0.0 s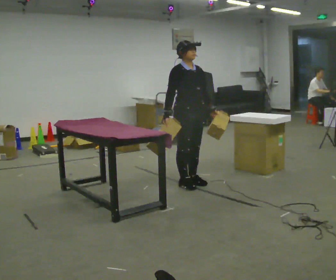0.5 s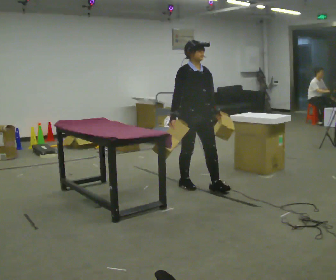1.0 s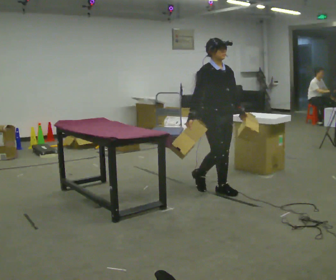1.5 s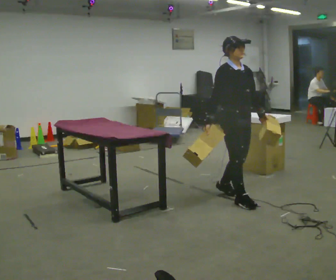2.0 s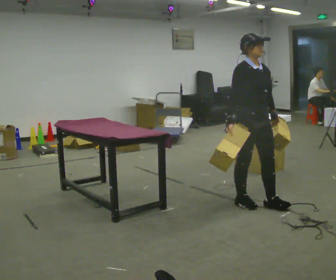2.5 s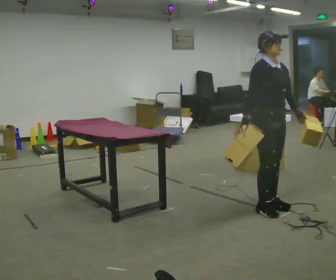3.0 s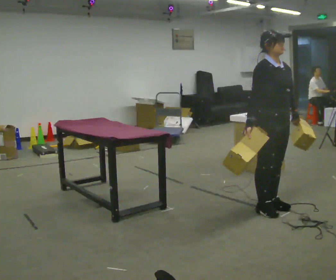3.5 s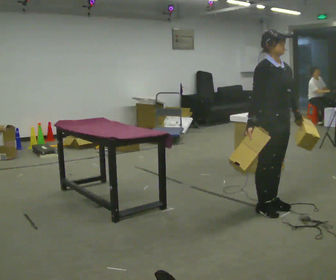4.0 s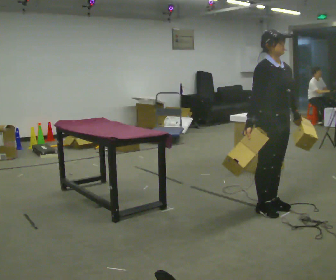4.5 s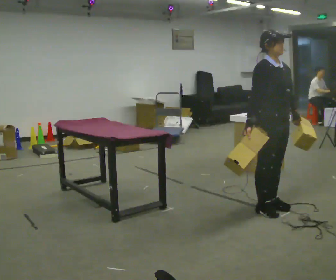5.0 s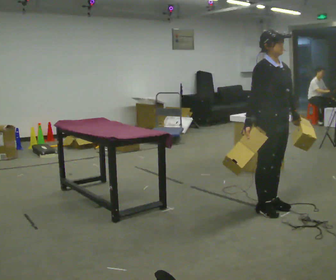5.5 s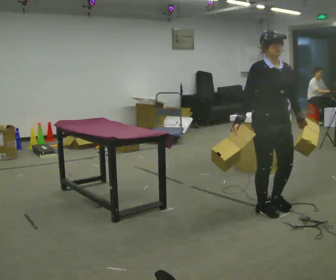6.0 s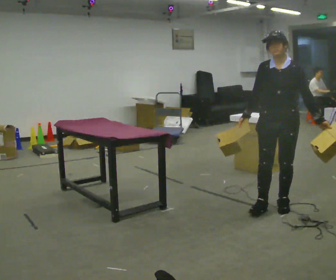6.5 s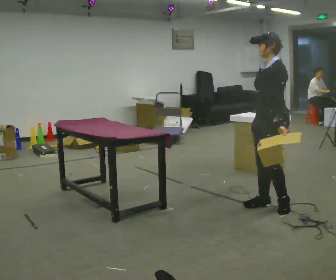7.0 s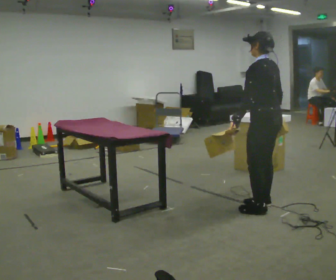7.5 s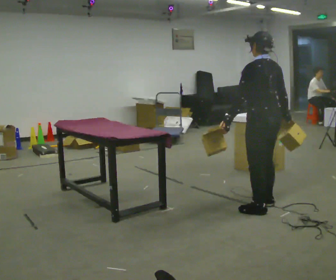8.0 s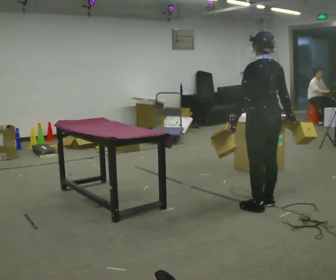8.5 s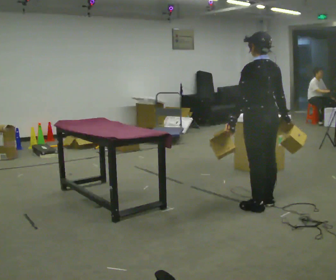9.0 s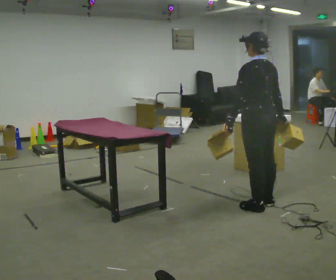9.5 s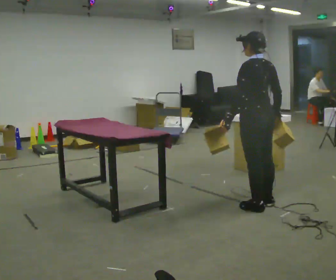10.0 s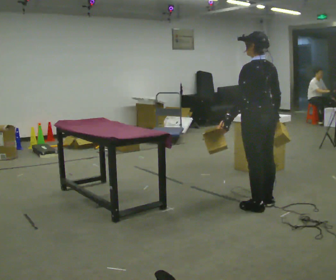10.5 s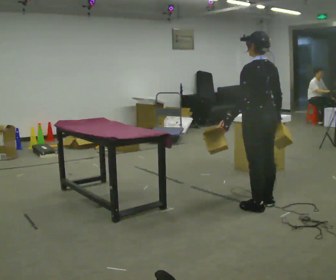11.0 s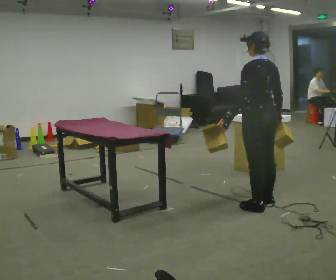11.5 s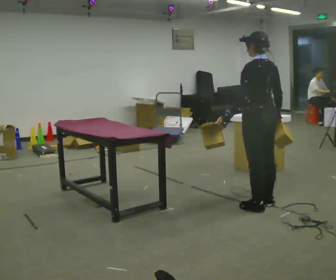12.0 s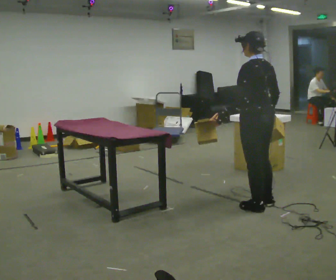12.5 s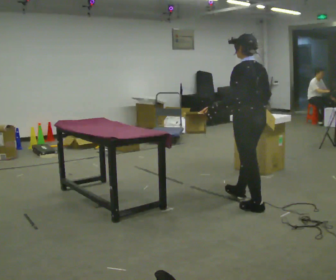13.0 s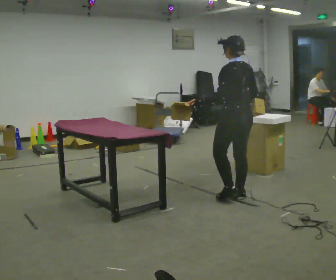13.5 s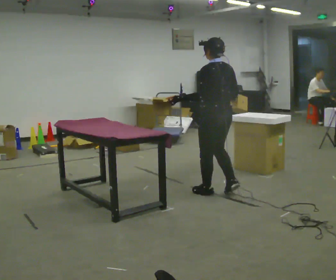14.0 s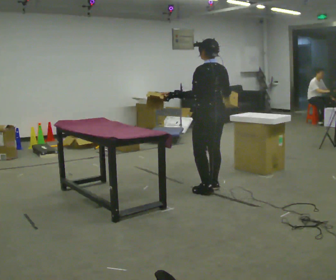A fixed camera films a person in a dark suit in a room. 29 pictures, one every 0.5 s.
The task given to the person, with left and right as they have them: Carry two objects across the room, then put just one of them on the shelf while still holding the other. Then bring them both back. Keep going until the operator says stop; one object at a time, and do not rush between trips.
0.0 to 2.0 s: In the picture they go to the right and toward the camera, about 1 m in 3 steps, which for them is forward.
2.0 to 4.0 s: In the picture they go to the right and toward the camera, about 0.25 m in 1 step, which for them is forward.
4.0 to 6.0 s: Seen from above the body turns clockwise, about 60 degrees: to their right, with its near side sliding to the left.
6.0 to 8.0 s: The part of the body nearest the lens slides to the left as the person turns to their right by about 120 degrees. In the picture they go to the left, about 0.25 m in 1 step. In the picture their left hand goes to the left, the arm swinging clockwise.
8.0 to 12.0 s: The person moves a little, or ends about where they began.
12.0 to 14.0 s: In the picture they go away from the camera and to the left, about 0.5 m in 3 steps, which for them is forward.
The film runs forward here.
